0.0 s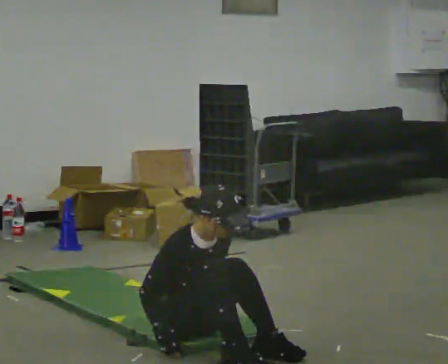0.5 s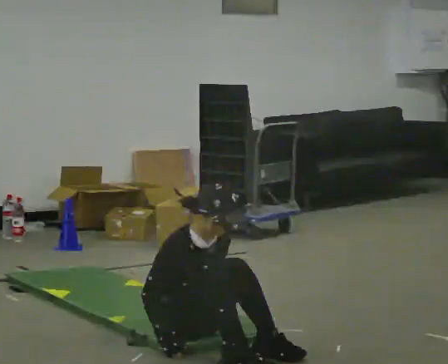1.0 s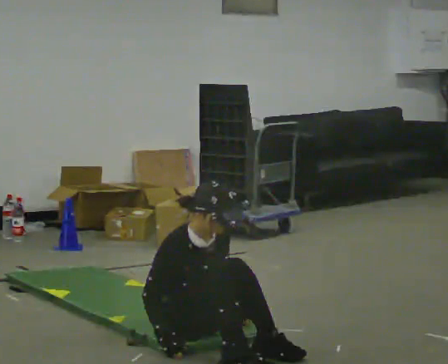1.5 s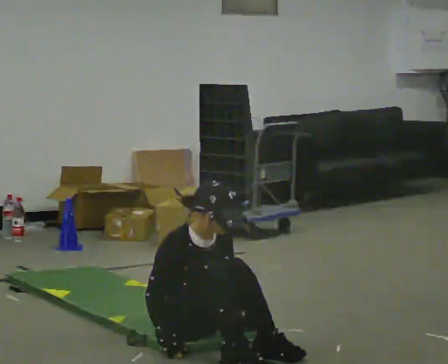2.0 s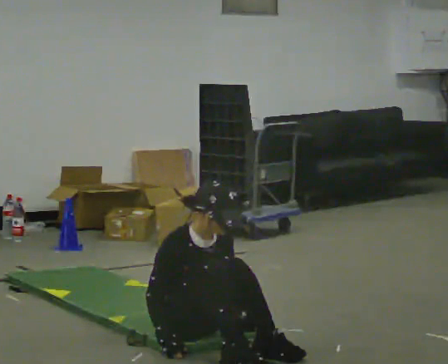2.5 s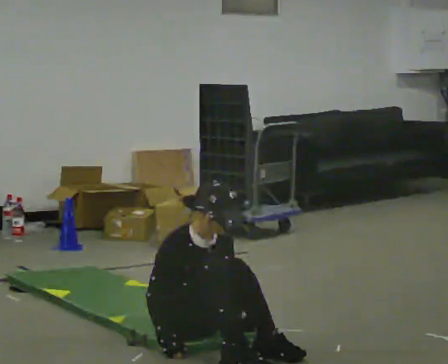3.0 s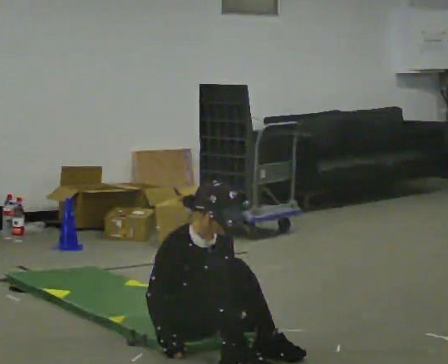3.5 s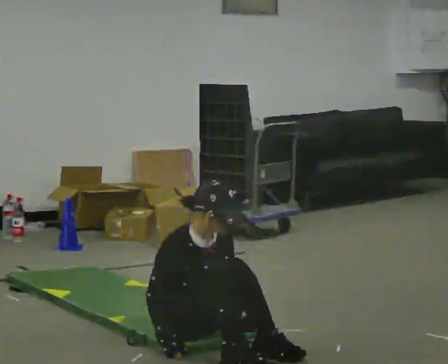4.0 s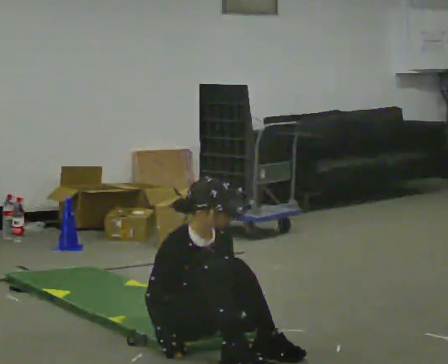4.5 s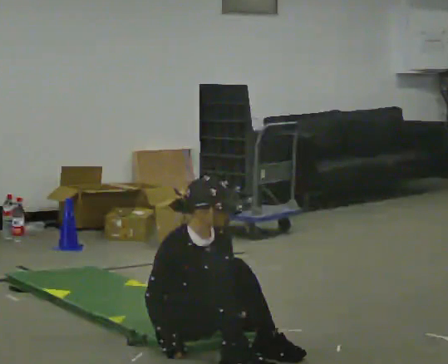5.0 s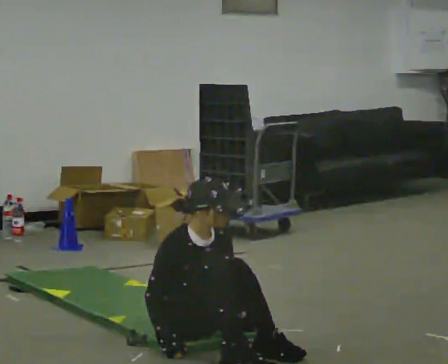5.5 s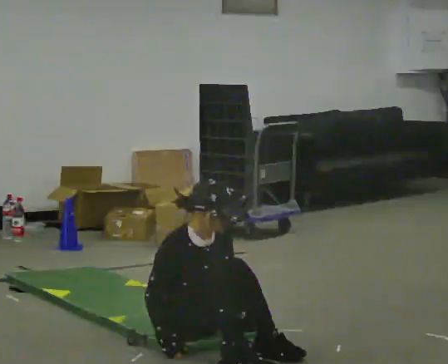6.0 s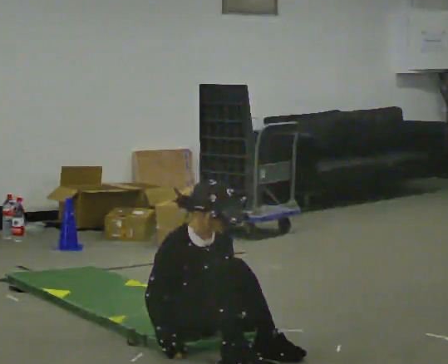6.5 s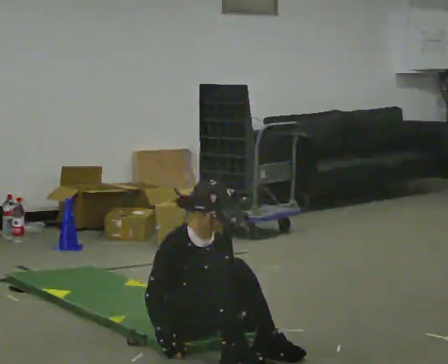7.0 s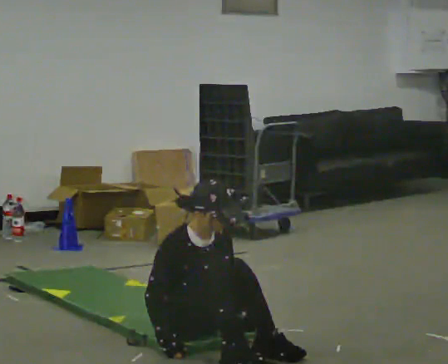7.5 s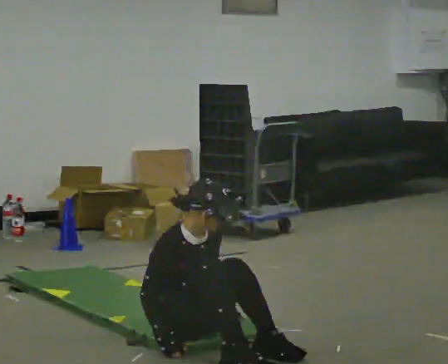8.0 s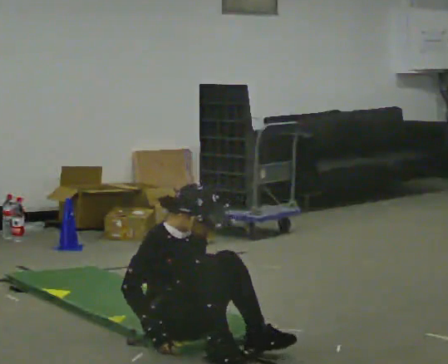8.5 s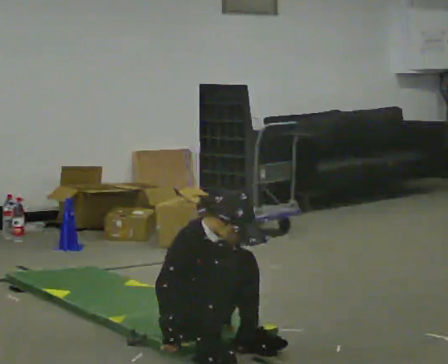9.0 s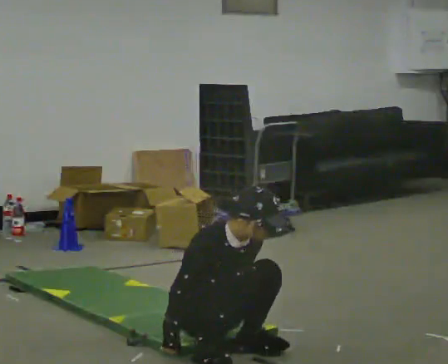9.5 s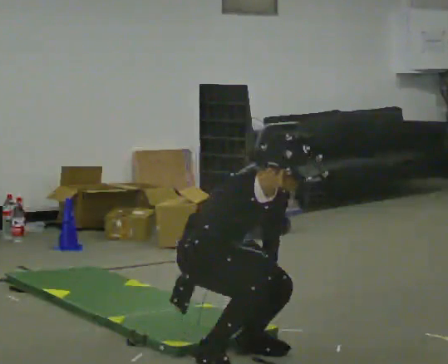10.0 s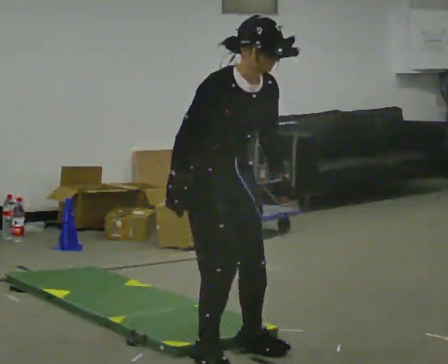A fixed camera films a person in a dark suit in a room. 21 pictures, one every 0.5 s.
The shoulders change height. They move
upward.
Their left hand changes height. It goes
upward.
0.0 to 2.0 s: The person moves a little, or ends about where they began.
2.0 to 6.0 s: The person keeps their place and pose.
6.0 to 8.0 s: The person moves a little, or ends about where they began.
8.0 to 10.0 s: In the picture they go toward the camera, about 0.25 m, which for them is forward. The upper body goes upward. In the picture their right hand goes upward.
The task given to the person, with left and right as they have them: From standing, sit down on the floor, then stand back up in whatever way is natural. Repeat the movement at your own pace until the operator says stop; do not rush.
The film runs forward here.
